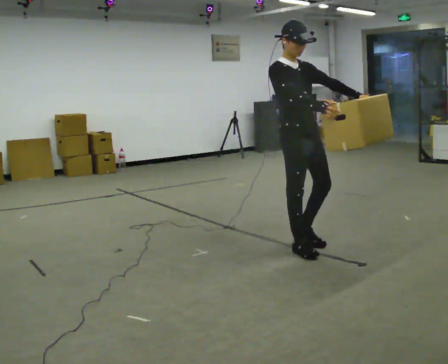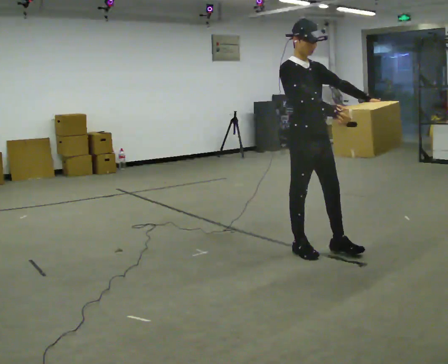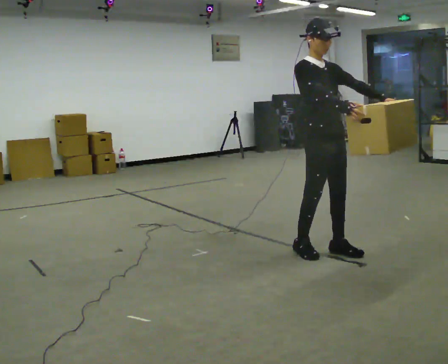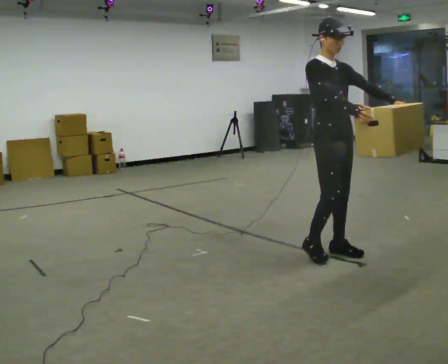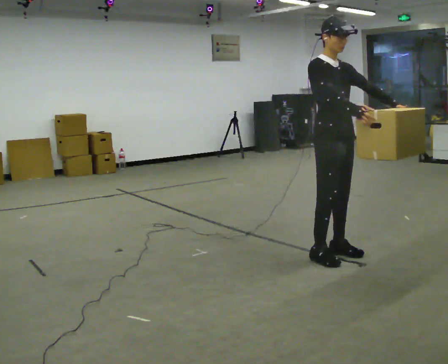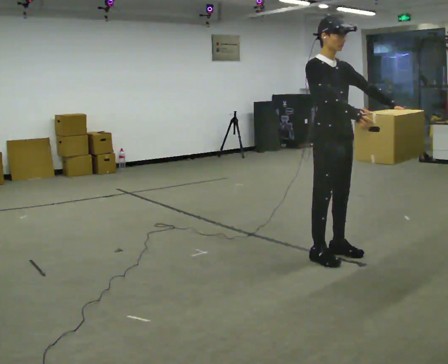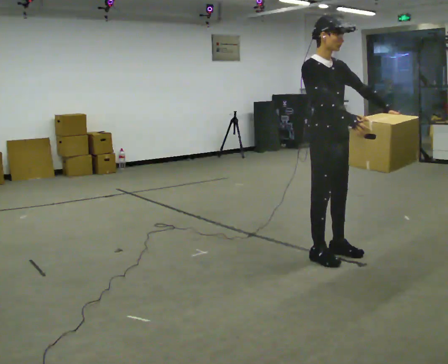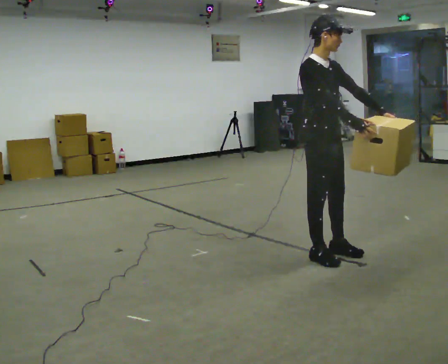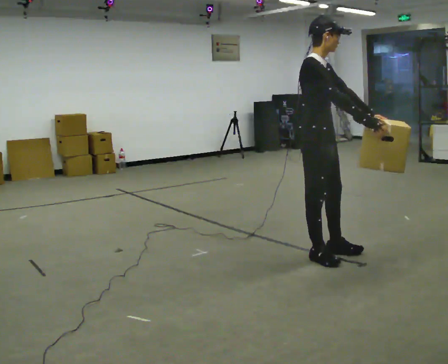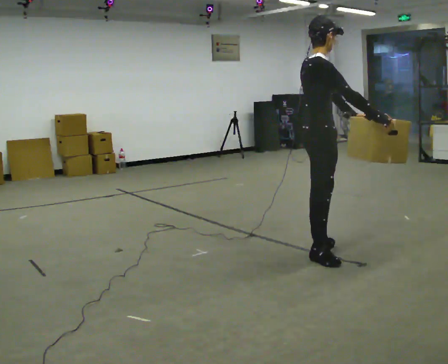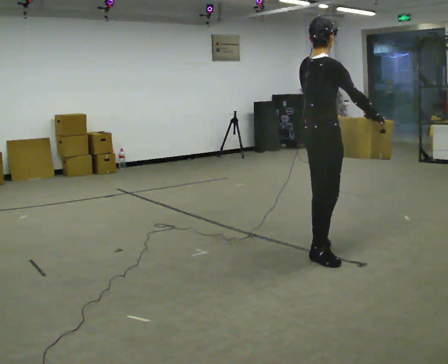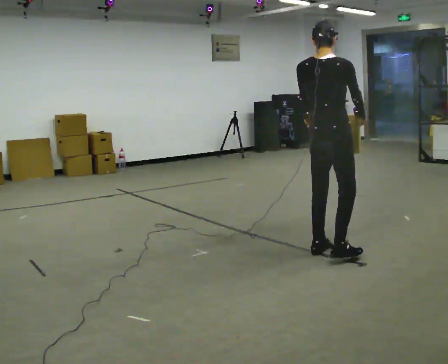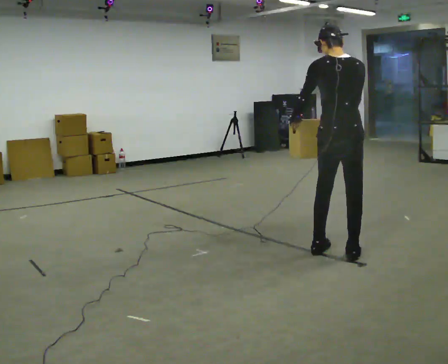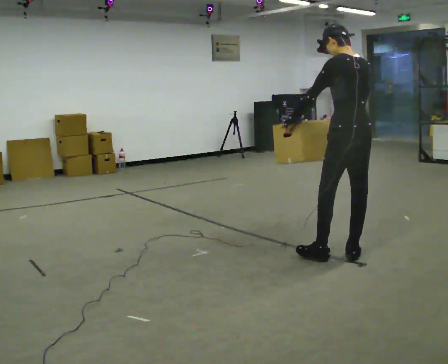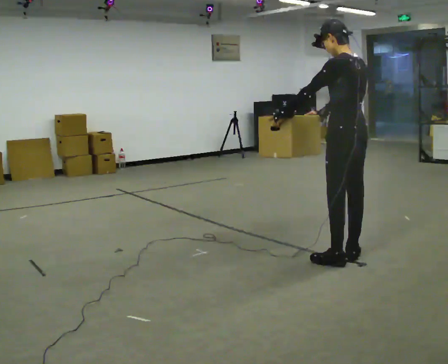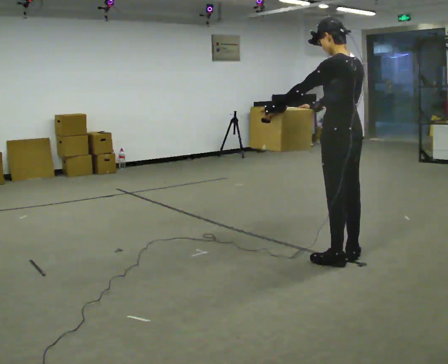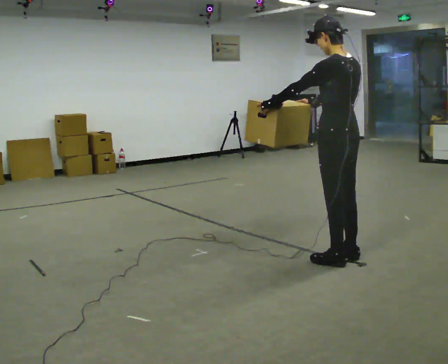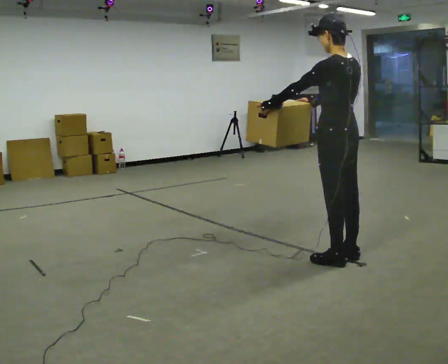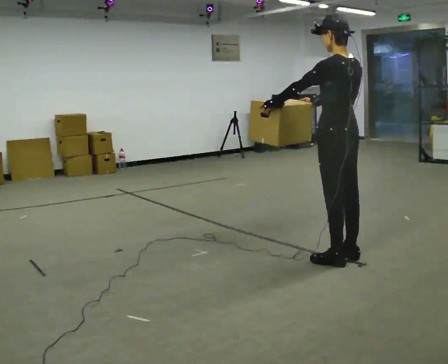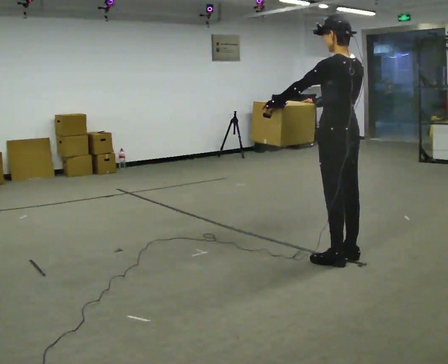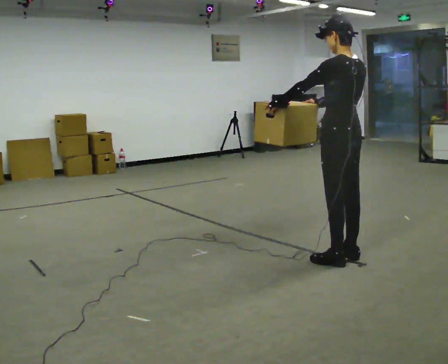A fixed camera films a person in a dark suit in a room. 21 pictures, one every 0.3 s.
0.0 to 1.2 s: In the picture they go to the right, about 0.25 m in 2 steps, which for them is forward.
1.2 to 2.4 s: The person turns about 30 degrees to their left, counterclockwise seen from above, so the part of the body nearest the lens slides to the right.
2.4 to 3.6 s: The person turns about 120 degrees to their left, counterclockwise seen from above, so the part of the body nearest the lens slides to the right. In the picture they go to the right, about 0.25 m in 1 step. In the picture their left hand goes to the left.
3.6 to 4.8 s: The person turns about 45 degrees to their left, counterclockwise seen from above, so the part of the body nearest the lens slides to the right.
4.8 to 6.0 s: The person moves a little, or ends about where they began.
The film runs forward here.
